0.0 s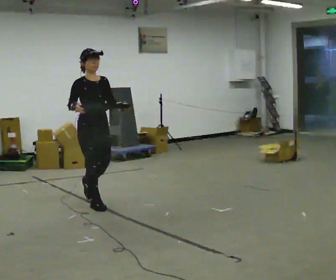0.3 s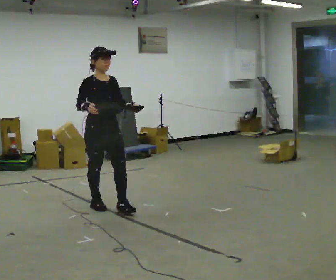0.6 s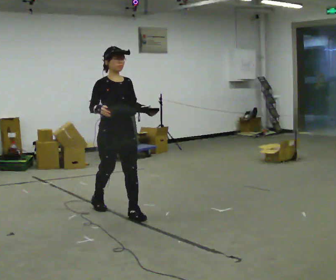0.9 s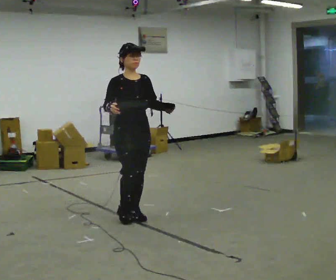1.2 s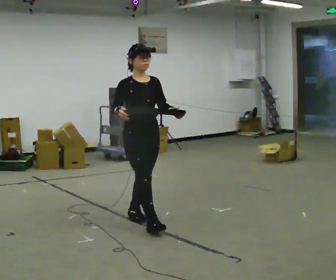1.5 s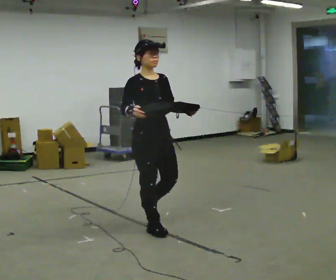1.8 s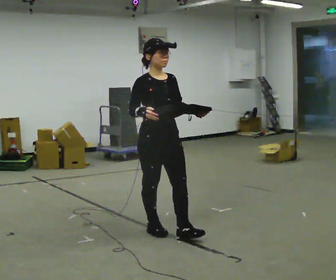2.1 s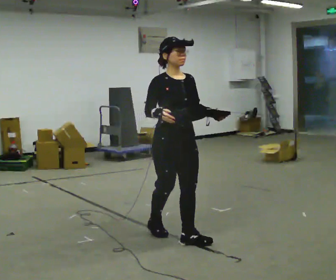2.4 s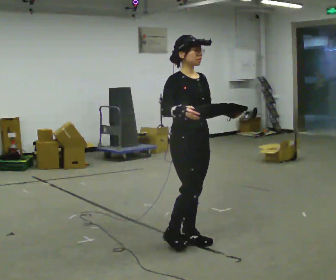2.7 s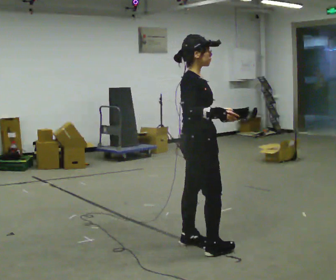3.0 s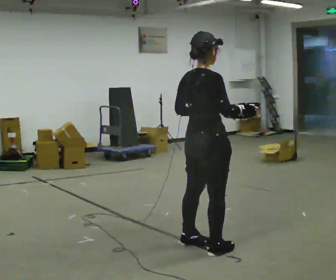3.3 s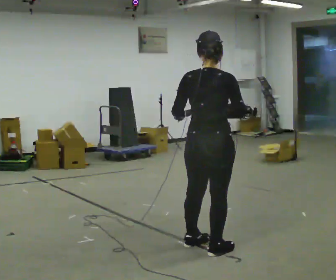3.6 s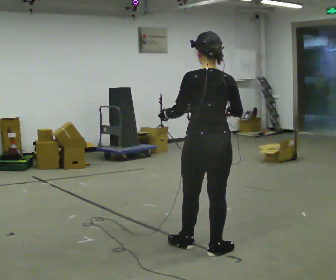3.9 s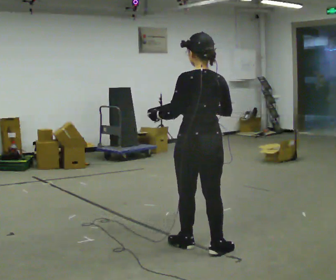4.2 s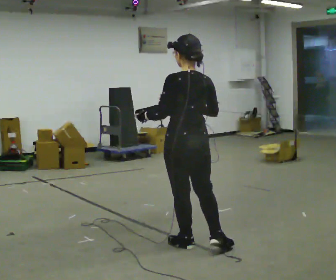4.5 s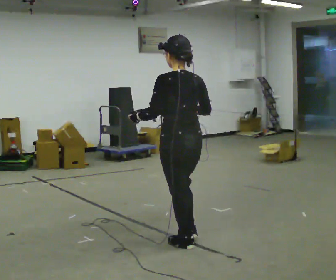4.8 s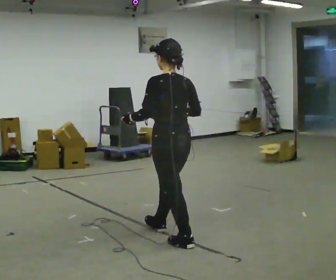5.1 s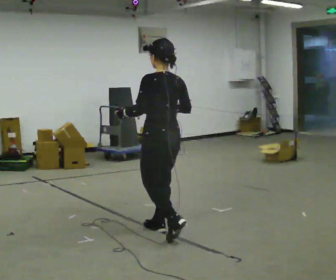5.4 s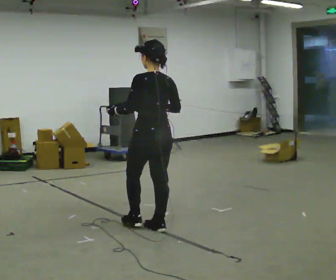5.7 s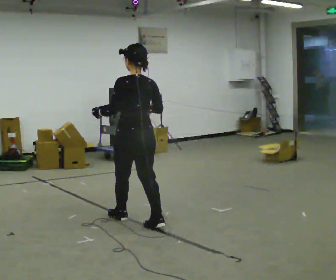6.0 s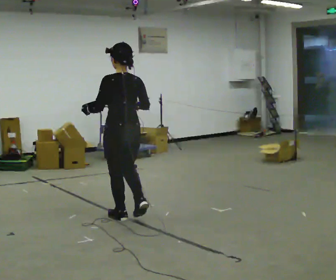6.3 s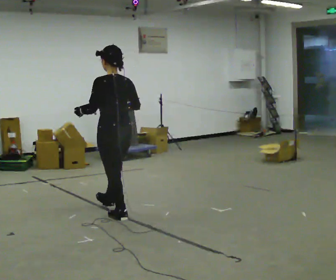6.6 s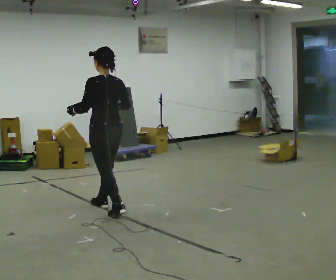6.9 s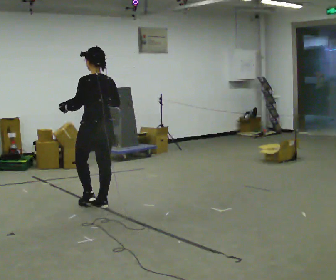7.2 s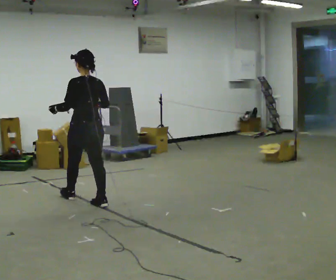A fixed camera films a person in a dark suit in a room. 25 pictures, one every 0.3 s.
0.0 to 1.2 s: In the picture they go to the right and toward the camera, about 1 m in 1 step, which for them is forward.
1.2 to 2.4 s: In the picture they go to the right and toward the camera, about 0.5 m in 2 steps, which for them is forward.
2.4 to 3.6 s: Seen from above the body turns counterclockwise, about 150 degrees: to their left, with its near side sliding to the right. In the picture they go toward the camera and to the right, about 0.25 m in 1 step.
3.6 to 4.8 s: The part of the body nearest the lens slides to the right as the person turns to their left by about 30 degrees. In the picture they go to the left and away from the camera, about 0.5 m, which for them is forward.
4.8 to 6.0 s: In the picture they go to the left and away from the camera, about 0.5 m in 2 steps, which for them is forward.
6.0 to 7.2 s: In the picture they go to the left and away from the camera, about 0.5 m in 1 step, which for them is forward.
The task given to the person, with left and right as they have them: Carry the box with its lid hanging open across the room, back and forth.
The film runs forward here.
